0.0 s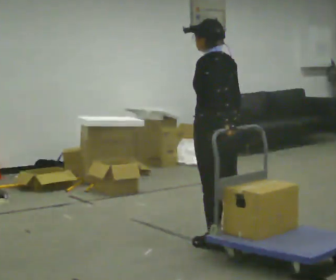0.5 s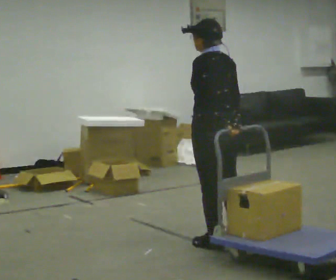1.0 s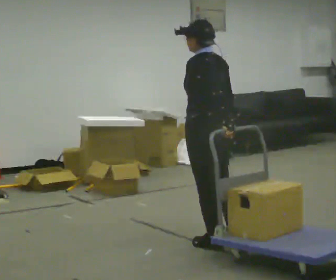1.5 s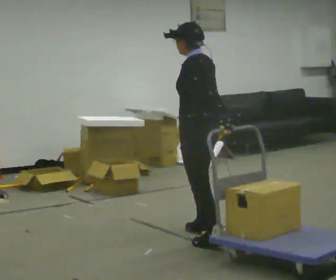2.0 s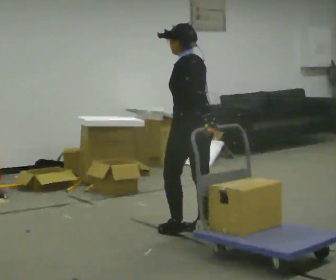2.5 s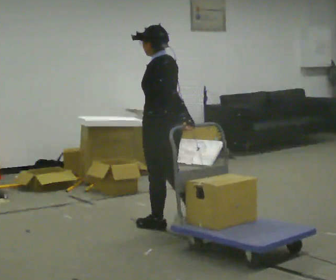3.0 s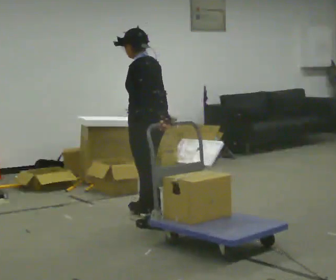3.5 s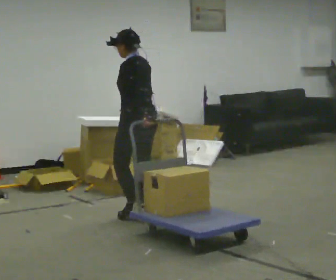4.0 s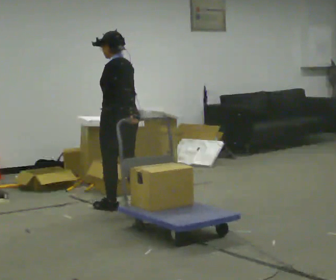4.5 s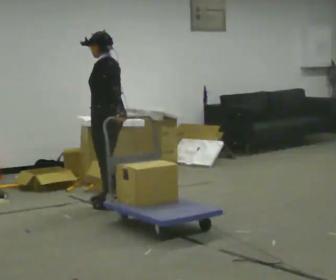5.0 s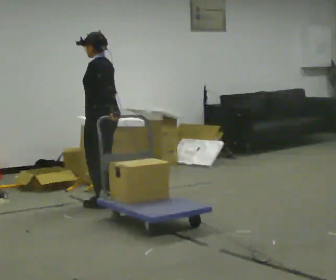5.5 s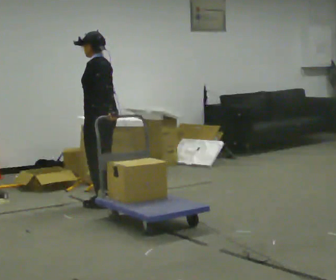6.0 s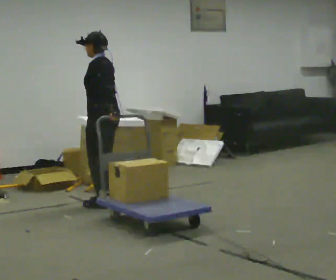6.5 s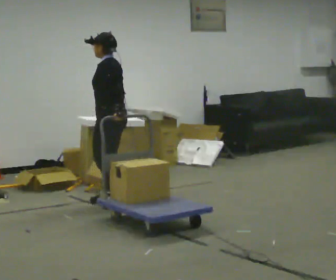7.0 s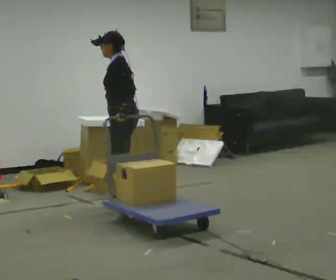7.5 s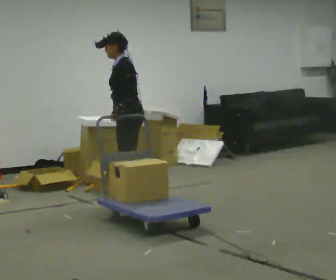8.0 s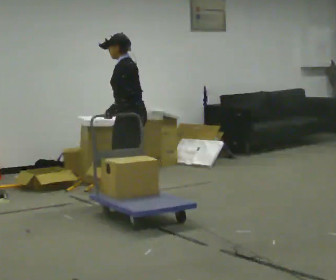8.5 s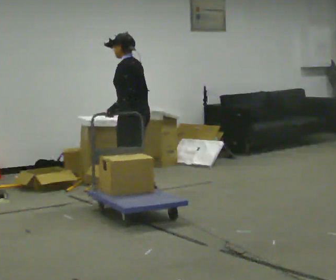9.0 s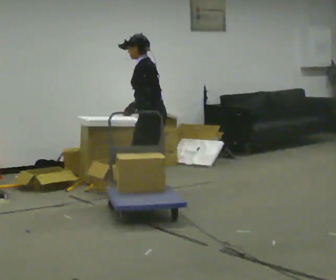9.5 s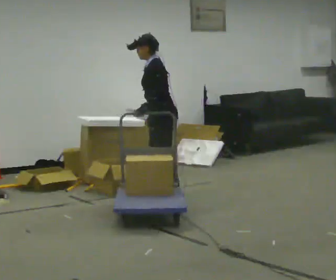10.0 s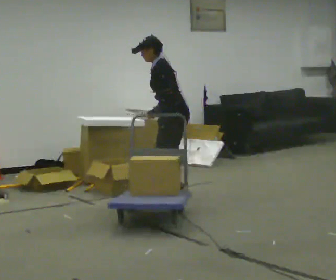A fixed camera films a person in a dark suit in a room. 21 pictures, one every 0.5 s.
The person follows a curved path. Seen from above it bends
clockwise.
The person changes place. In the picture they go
away from the camera.
0.0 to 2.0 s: In the picture they go away from the camera, about 0.25 m in 1 step, which for them is forward.
2.0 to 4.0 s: In the picture they go away from the camera and to the left, about 1 m in 3 steps, which for them is forward.
4.0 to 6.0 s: In the picture they go away from the camera and to the left, about 0.25 m in 1 step, which for them is forward and to their right.
6.0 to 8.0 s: In the picture they go to the right and away from the camera, about 0.25 m in 2 steps, which for them is backward and to their right.
8.0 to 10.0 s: In the picture they go to the right, about 0.5 m in 3 steps, which for them is backward and to their right.
The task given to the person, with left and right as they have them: Pull the cart behind you as you walk backward across the room. The operator will confirm the space behind you is clear before each take.
The film runs forward here.
